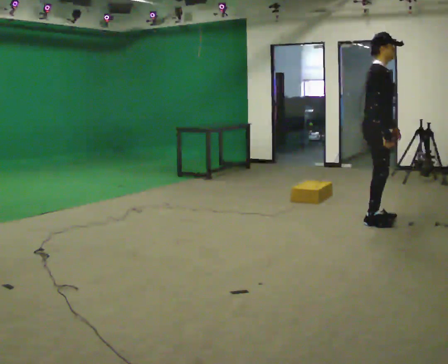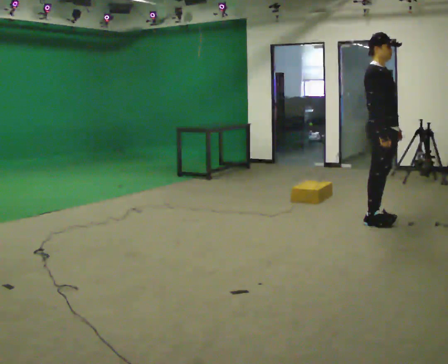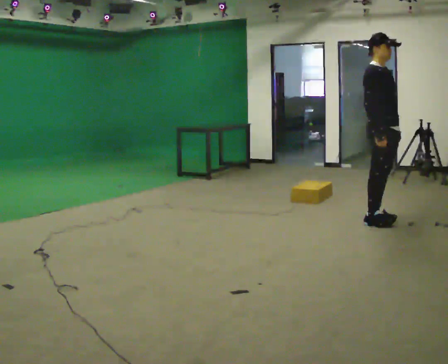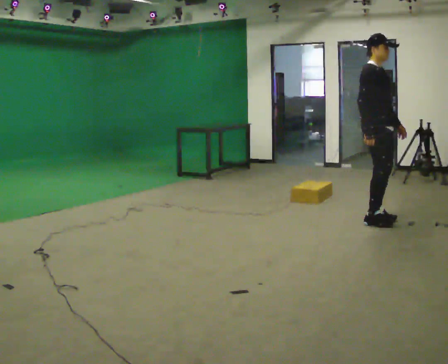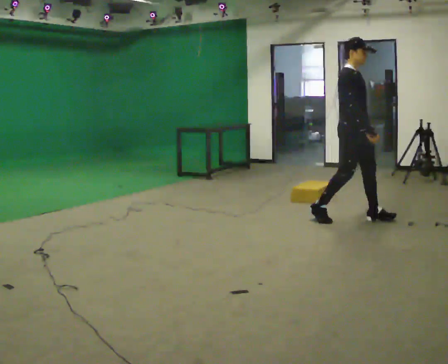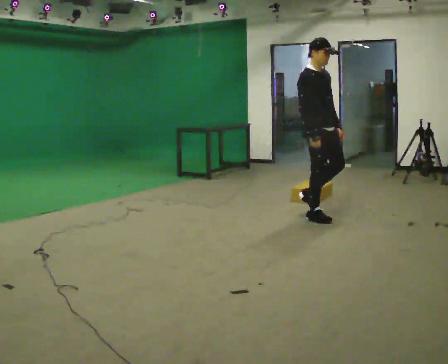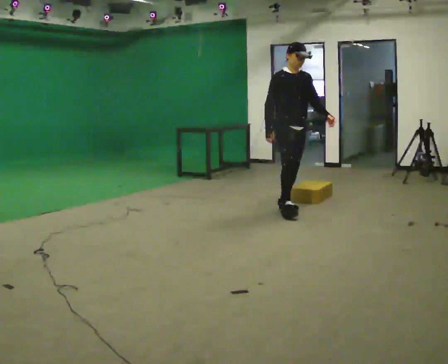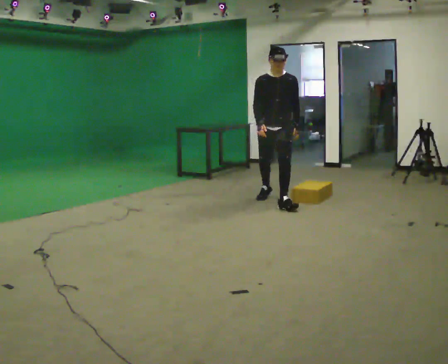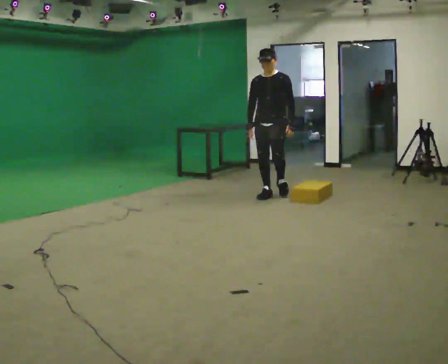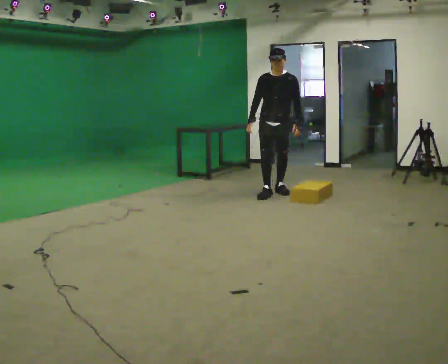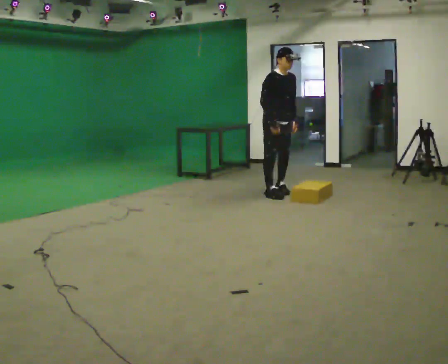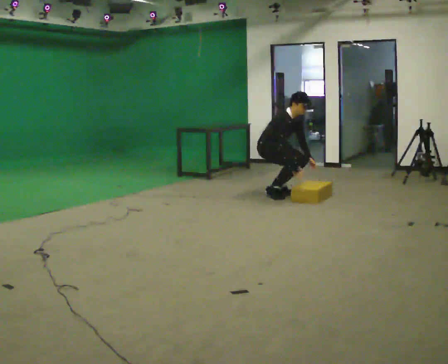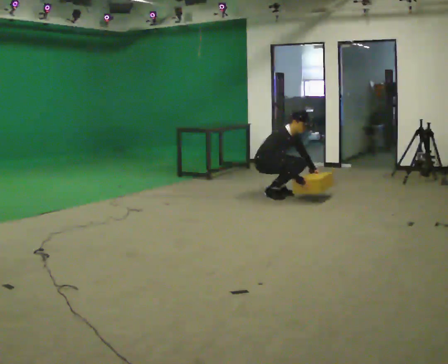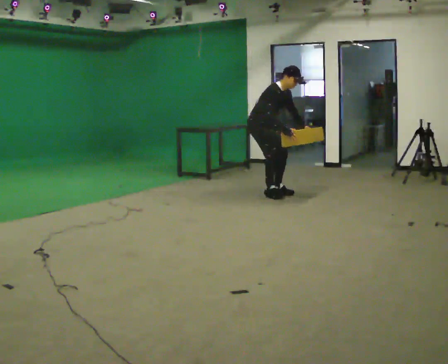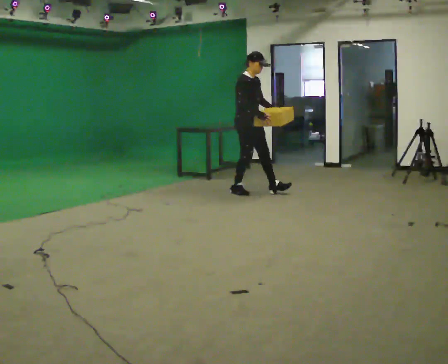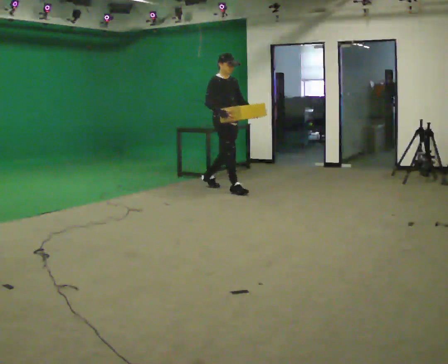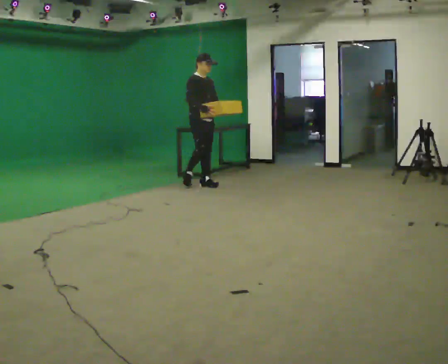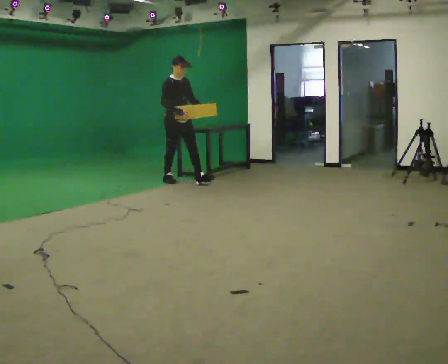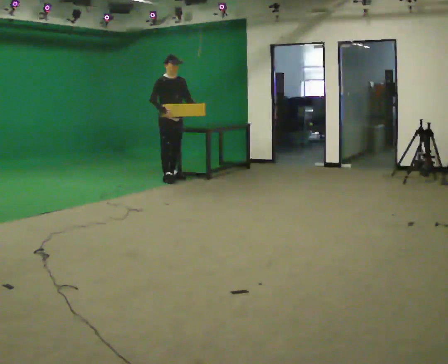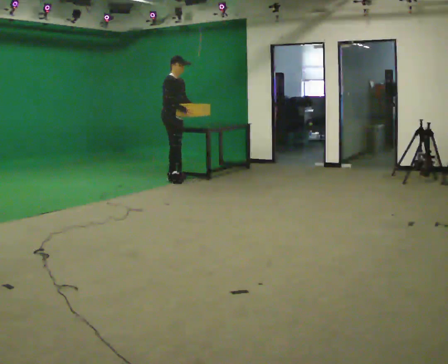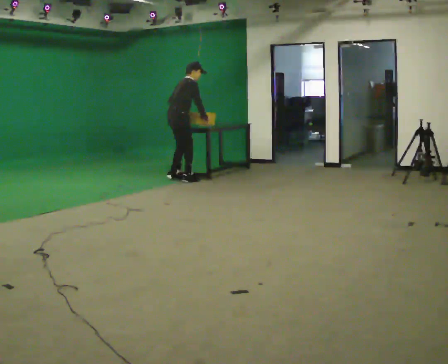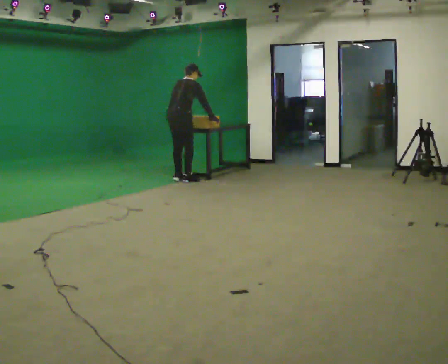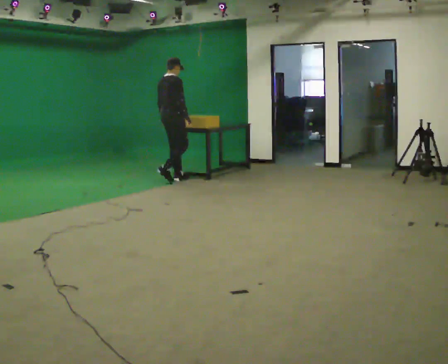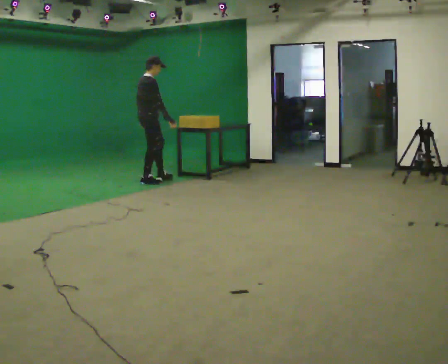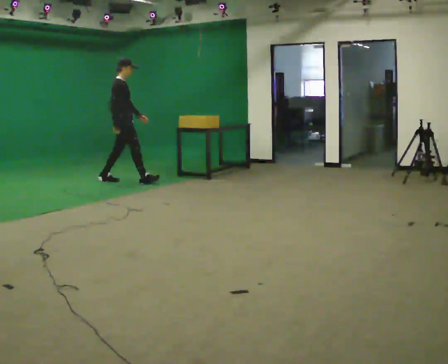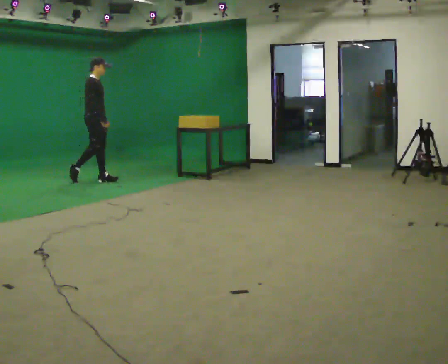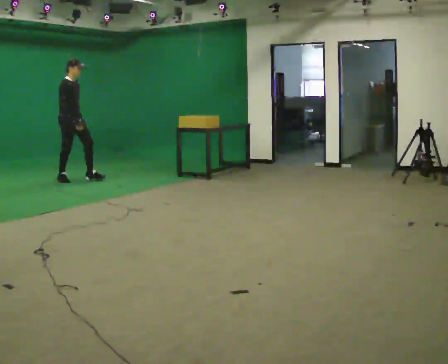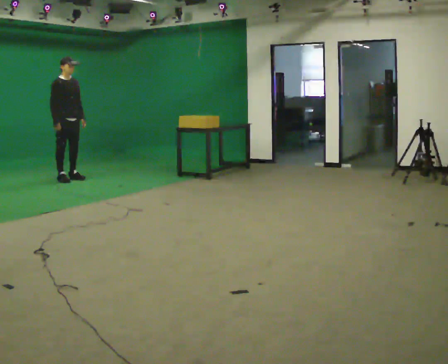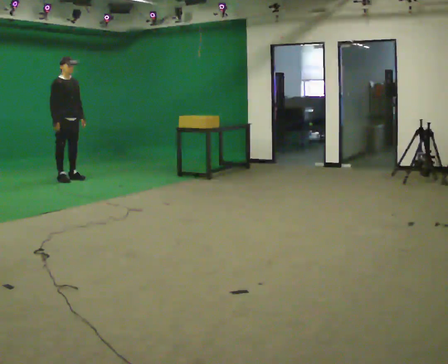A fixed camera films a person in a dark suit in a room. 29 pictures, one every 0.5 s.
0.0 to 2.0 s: In the picture they go to the left, about 0.25 m in 1 step, which for them is backward.
2.0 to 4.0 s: The part of the body nearest the lens slides to the left as the person turns to their right by about 75 degrees. In the picture they go away from the camera and to the left, about 1.5 m in 3 steps.
4.0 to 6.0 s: Seen from above the body turns counterclockwise, about 75 degrees: to their left, with its near side sliding to the right. The upper body goes downward. In the picture the upper body tilts clockwise, shoulders to the right, as they bend forward. In the picture their right hand goes to the right and downward.
6.0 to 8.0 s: In the picture they go to the left and away from the camera, about 1 m in 3 steps, which for them is backward. The shoulders move upward. In the picture the upper body tilts counterclockwise, shoulders to the left, as they lean back or straighten. In the picture their right hand goes upward.
8.0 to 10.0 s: The person turns about 75 degrees to their left, counterclockwise seen from above, so the part of the body nearest the lens slides to the right. In the picture they go to the left and away from the camera, about 0.5 m in 3 steps. In the picture the upper body tilts clockwise, shoulders to the right, as they bend forward.
10.0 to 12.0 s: In the picture they go to the left, about 1 m in 2 steps, which for them is backward and to their left.
12.0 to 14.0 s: The person turns about 45 degrees to their right, clockwise seen from above, so the part of the body nearest the lens slides to the left. In the picture they go to the left, about 1 m in 2 steps, which for them is backward.
The film runs backward here.
